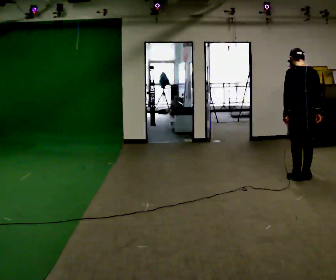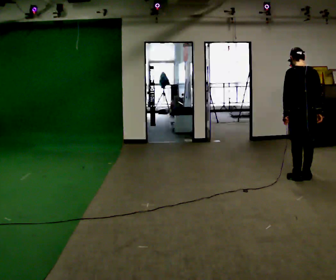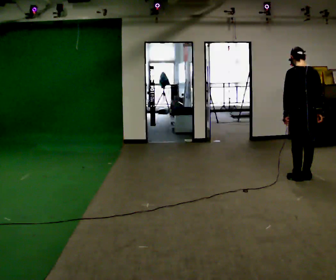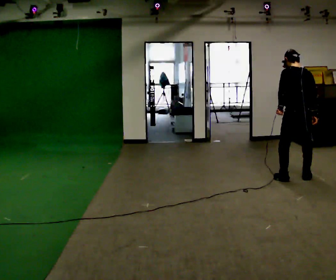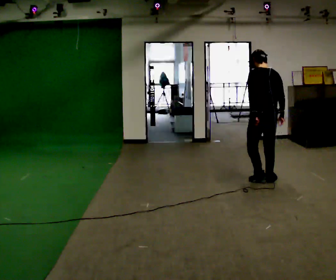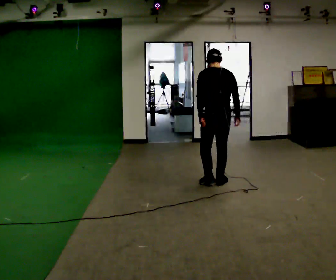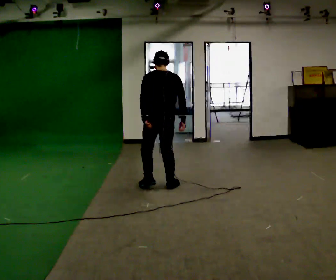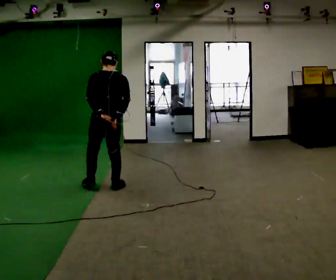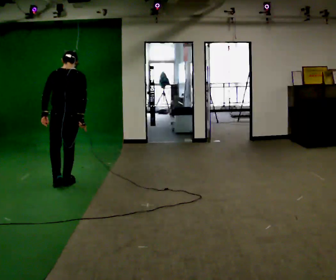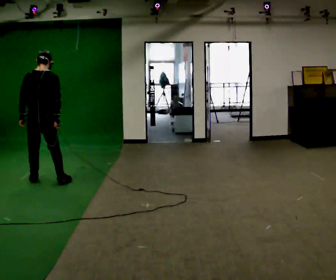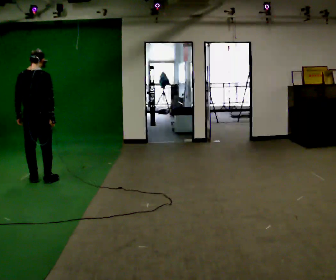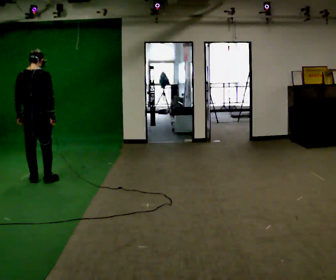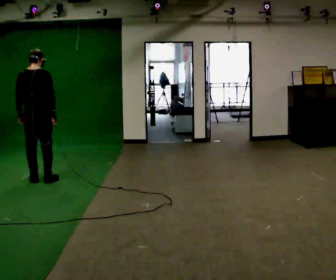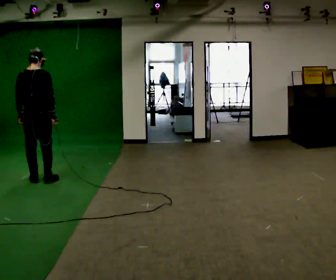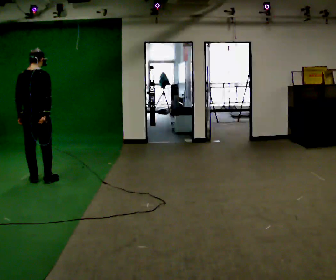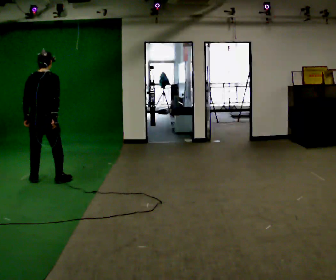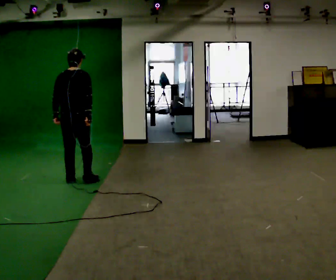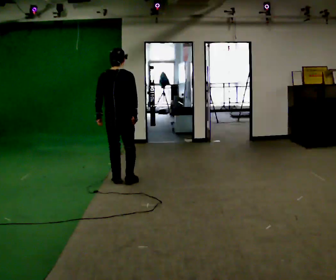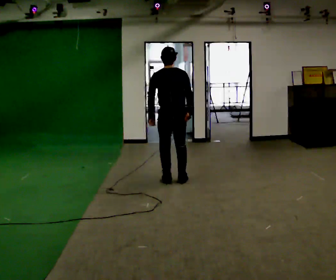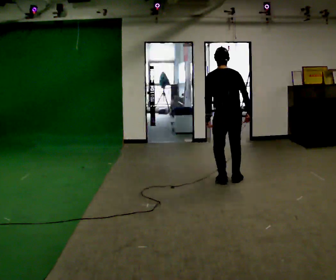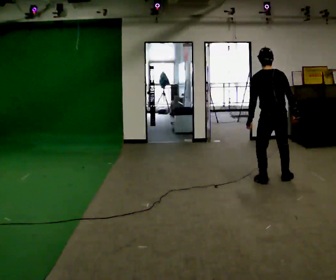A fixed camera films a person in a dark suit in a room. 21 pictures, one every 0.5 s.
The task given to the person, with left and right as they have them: Shuffle sideways quickly in the direction the operator calls, without crossing your feet.
0.0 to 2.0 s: In the picture they go to the left, about 0.5 m in 1 step, which for them is to their left.
2.0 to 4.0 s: In the picture they go to the left, about 2.5 m in 9 steps, which for them is to their left.
4.0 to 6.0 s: In the picture they go to the left and away from the camera, about 0.5 m in 2 steps, which for them is to their left and forward.
6.0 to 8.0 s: In the picture they go to the right, about 0.5 m in 2 steps, which for them is to their right.
8.0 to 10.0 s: In the picture they go to the right, about 2.5 m in 7 steps, which for them is to their right.
The film runs forward here.
